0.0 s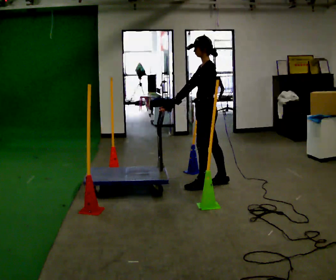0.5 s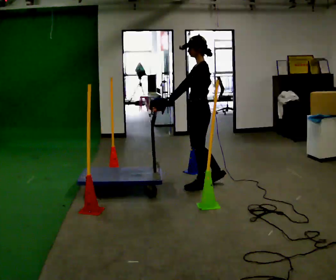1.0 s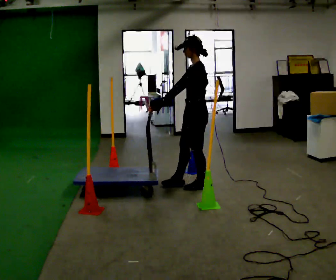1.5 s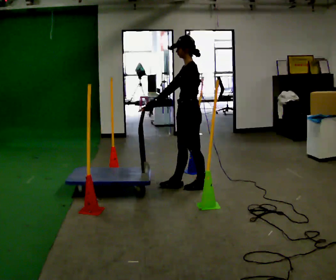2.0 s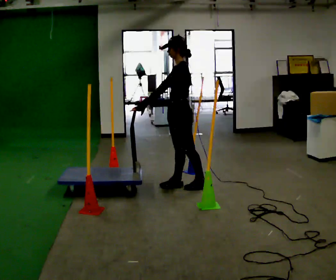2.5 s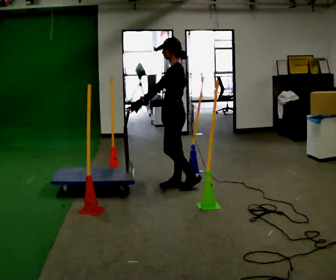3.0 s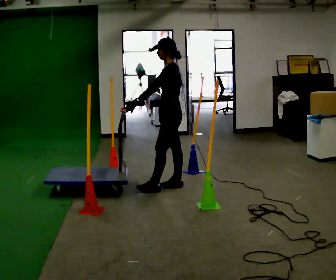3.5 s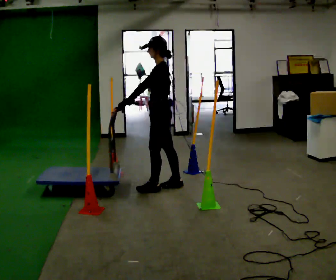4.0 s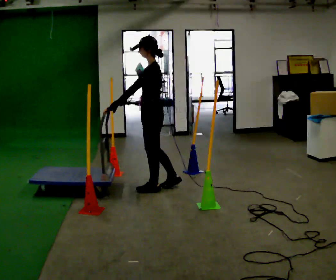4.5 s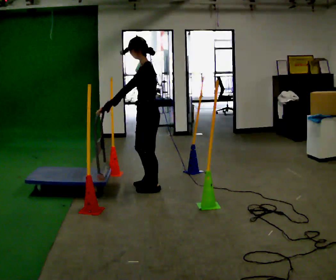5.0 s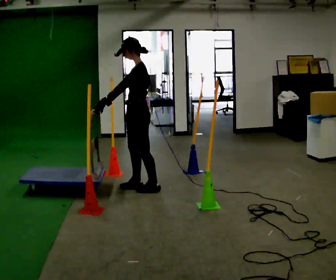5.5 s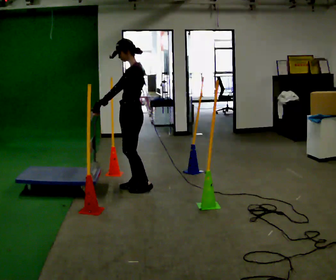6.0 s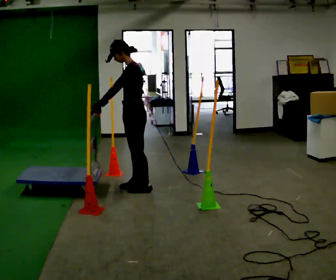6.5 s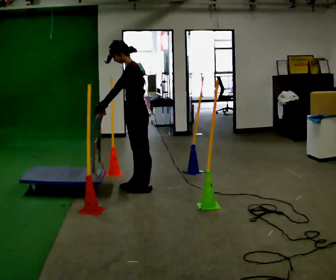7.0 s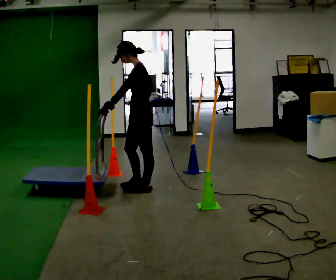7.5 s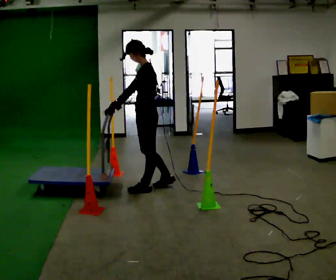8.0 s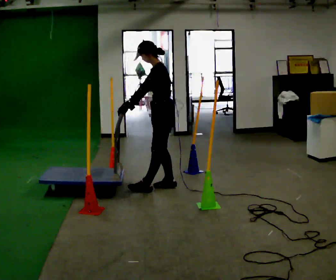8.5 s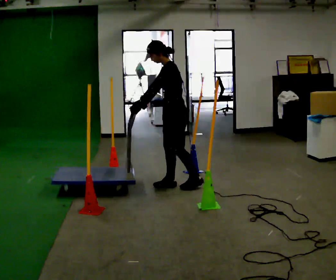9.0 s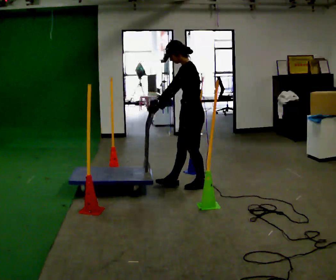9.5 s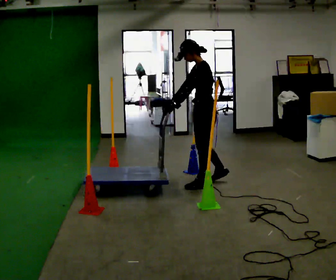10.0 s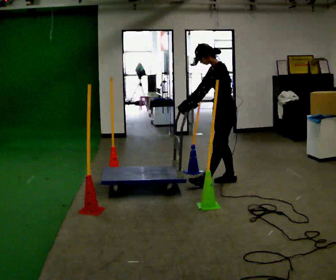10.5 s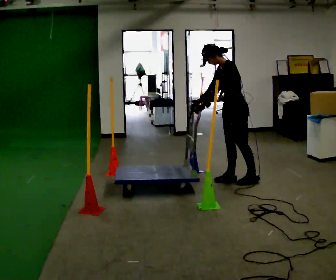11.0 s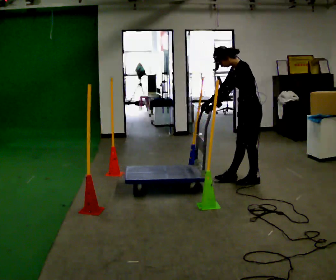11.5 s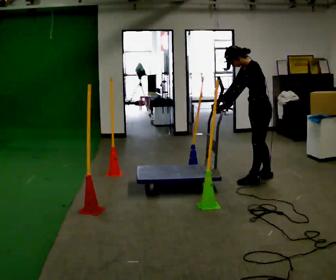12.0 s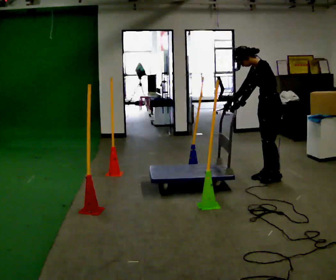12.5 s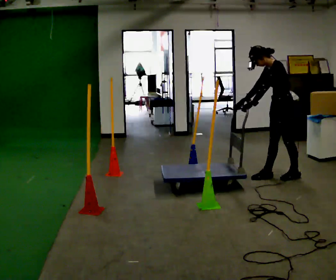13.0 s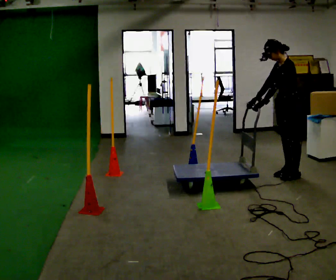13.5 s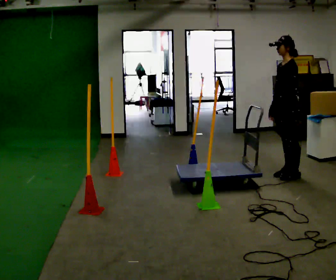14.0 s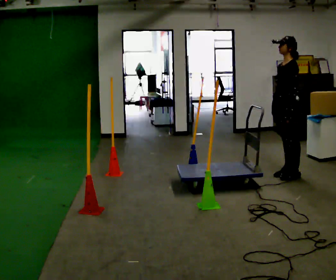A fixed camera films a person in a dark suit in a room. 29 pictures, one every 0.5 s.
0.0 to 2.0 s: In the picture they go to the left, about 0.25 m in 1 step, which for them is forward.
2.0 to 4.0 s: In the picture they go to the left, about 0.25 m in 1 step, which for them is forward.
4.0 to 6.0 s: In the picture they go to the left, about 0.25 m in 1 step, which for them is forward.
6.0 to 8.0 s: In the picture they go to the right, about 0.25 m in 1 step, which for them is backward.
8.0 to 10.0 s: In the picture they go to the right, about 0.75 m in 2 steps, which for them is backward.
10.0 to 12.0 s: In the picture they go to the right, about 0.5 m in 2 steps, which for them is backward.
12.0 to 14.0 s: In the picture they go to the right, about 0.25 m in 2 steps, which for them is backward. In the picture the upper body tilts clockwise, shoulders to the right, as they lean back or straighten. In the picture their right hand goes to the right.
The film runs forward here.
